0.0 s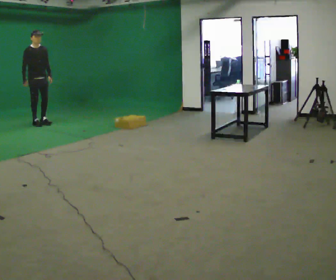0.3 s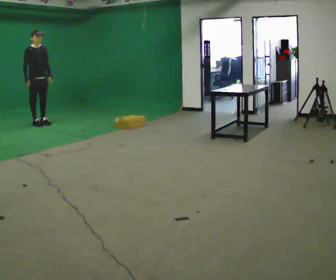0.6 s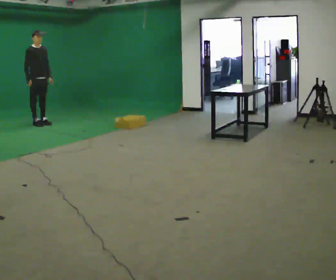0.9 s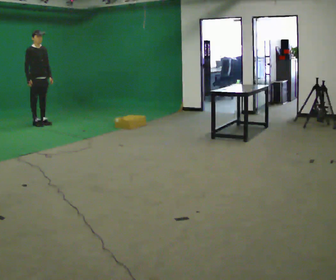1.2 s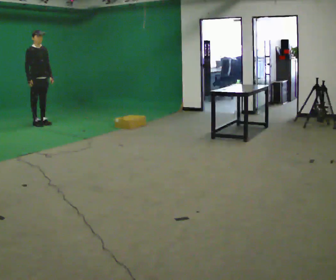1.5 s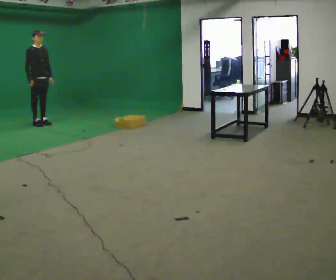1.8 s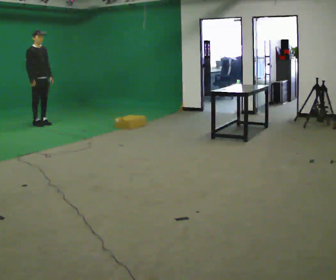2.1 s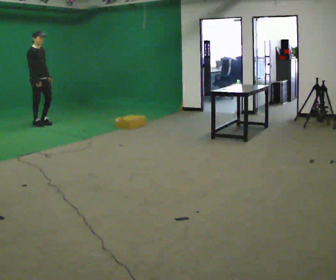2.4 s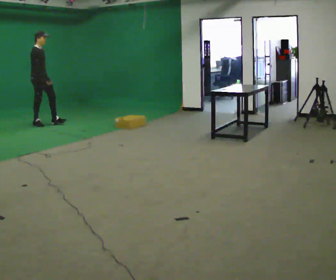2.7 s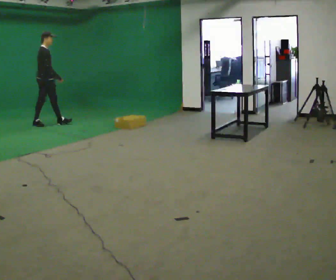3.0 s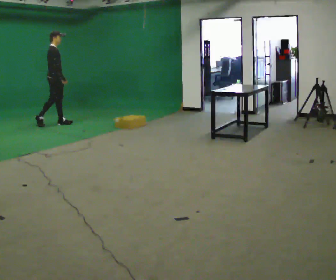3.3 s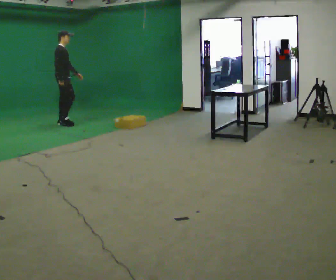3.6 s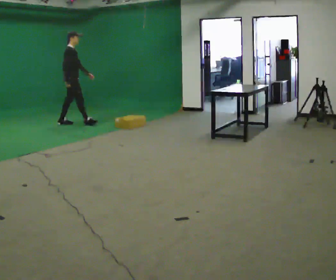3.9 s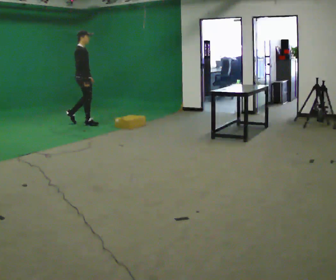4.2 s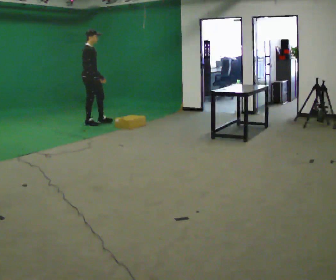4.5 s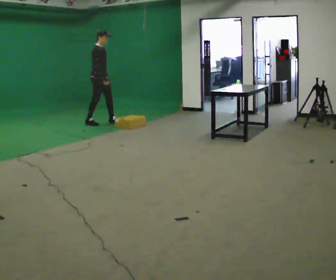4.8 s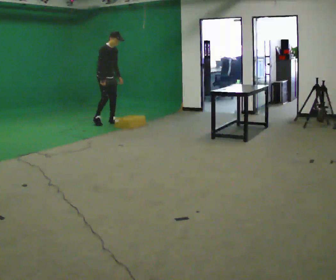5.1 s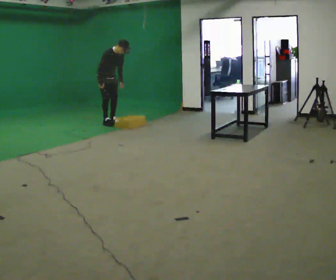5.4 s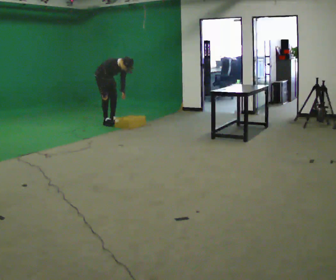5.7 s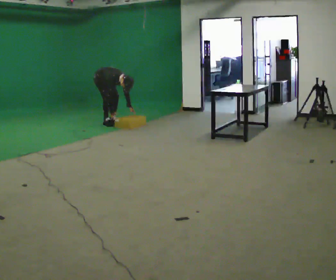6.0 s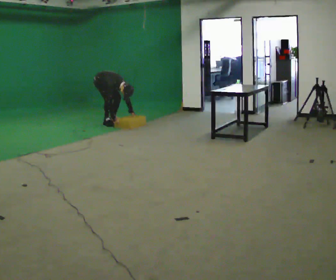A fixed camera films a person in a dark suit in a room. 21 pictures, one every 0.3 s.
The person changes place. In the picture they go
to the right.
The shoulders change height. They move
downward.
0.0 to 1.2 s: The person moves a little, or ends about where they began.
1.2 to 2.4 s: The part of the body nearest the lens slides to the right as the person turns to their left by about 30 degrees.
2.4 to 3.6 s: In the picture they go to the right, about 0.5 m in 2 steps, which for them is forward.
3.6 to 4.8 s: The person turns about 45 degrees to their right, clockwise seen from above, so the part of the body nearest the lens slides to the left. In the picture they go to the right, about 0.5 m in 1 step, which for them is forward.
4.8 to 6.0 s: The shoulders move downward. The upper body tips toward the camera, its near side rolling downward, as they bend forward. In the picture their left hand goes downward.
The film runs forward here.
